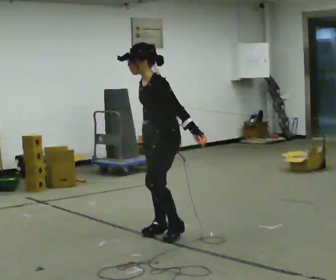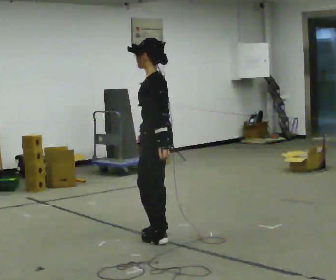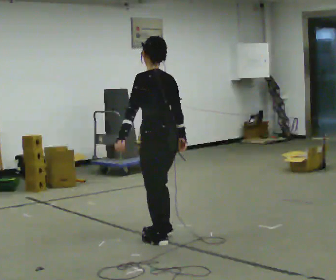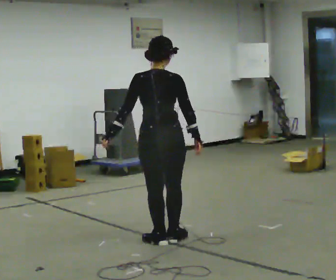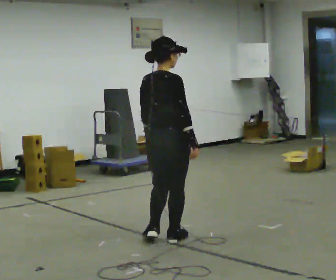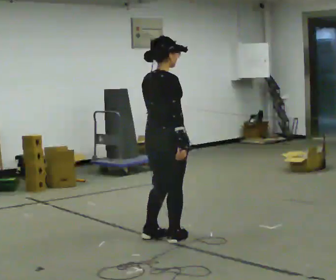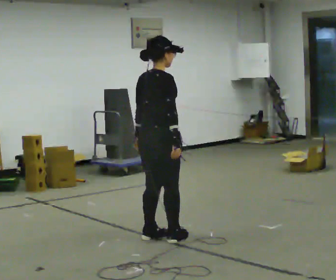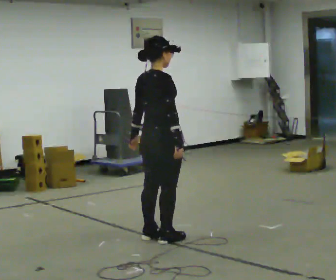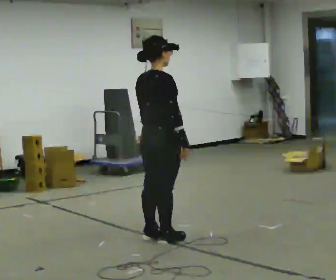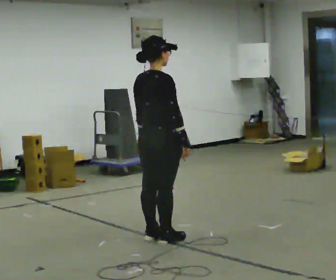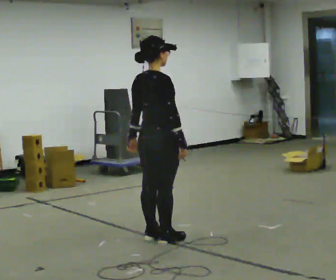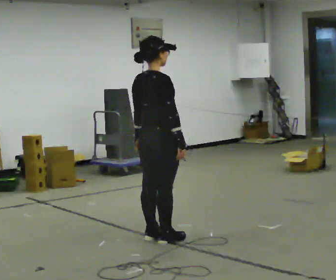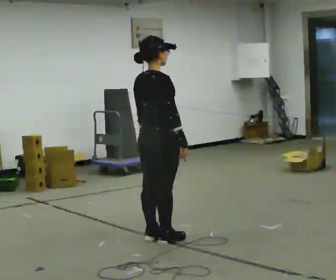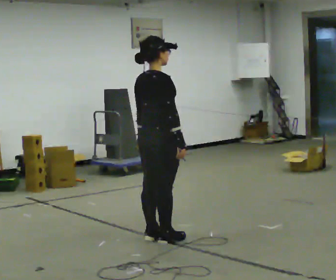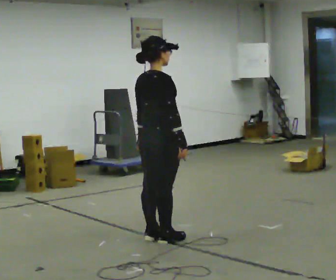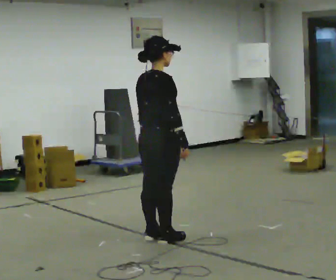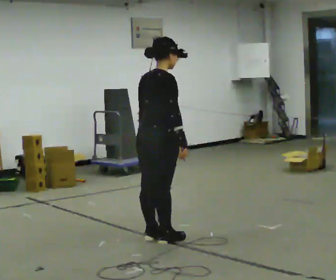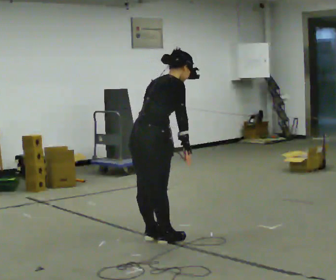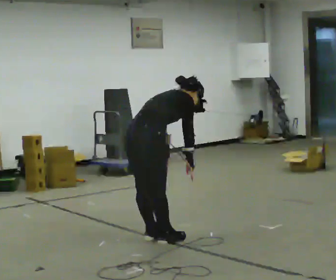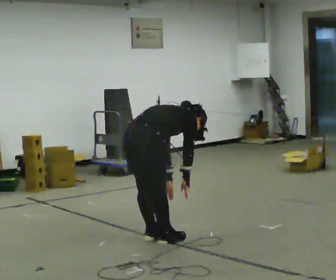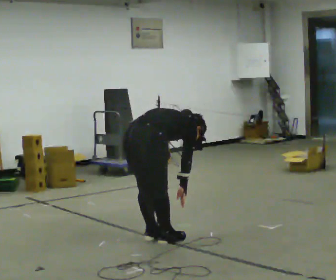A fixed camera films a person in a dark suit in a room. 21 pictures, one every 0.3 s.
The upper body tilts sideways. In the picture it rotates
clockwise.
The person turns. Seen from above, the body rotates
clockwise.
0.0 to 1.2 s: Seen from above the body turns clockwise, about 150 degrees: to their right, with its near side sliding to the left. In the picture they go toward the camera, about 0.25 m in 2 steps.
1.2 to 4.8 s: The person moves a little, or ends about where they began.
4.8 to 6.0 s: The upper body goes downward. In the picture the upper body tilts clockwise, shoulders to the right, as they bend forward. In the picture their right hand goes downward.
The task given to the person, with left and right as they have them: Keeping your feet still, reach down toward the floor in front and to each side, then return to standing. Repeat the movement at your own pace until the operator says stop; do not rush.
The film runs forward here.
